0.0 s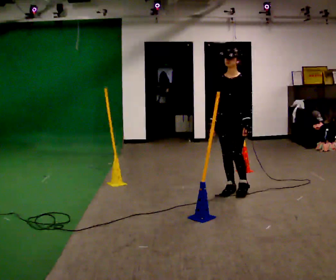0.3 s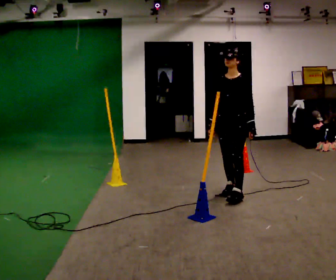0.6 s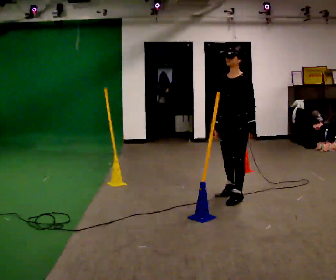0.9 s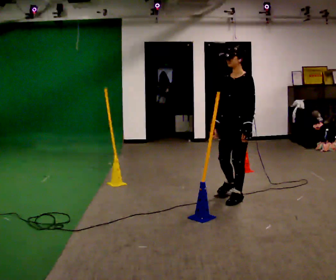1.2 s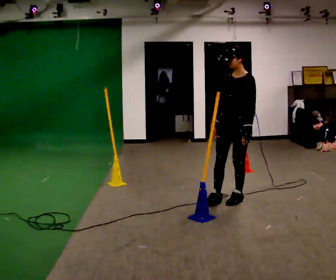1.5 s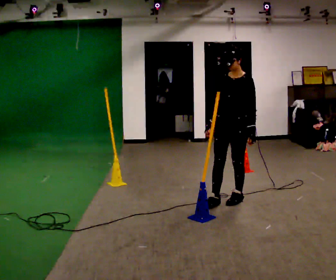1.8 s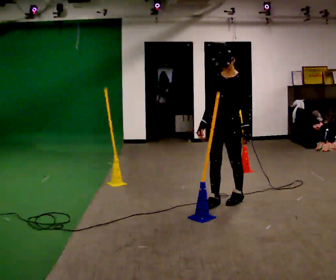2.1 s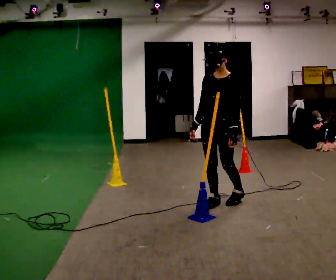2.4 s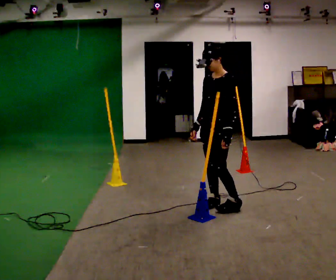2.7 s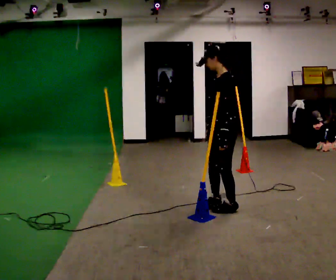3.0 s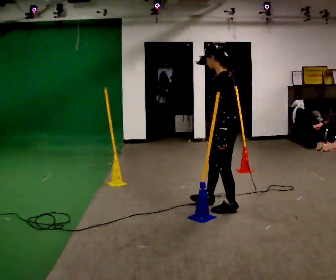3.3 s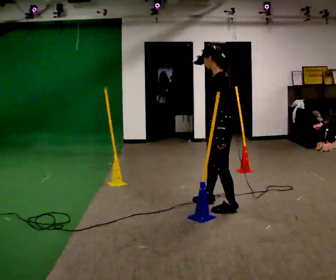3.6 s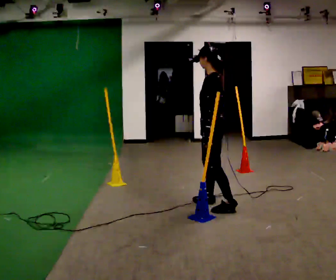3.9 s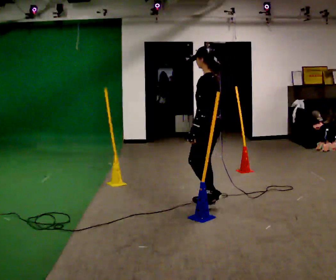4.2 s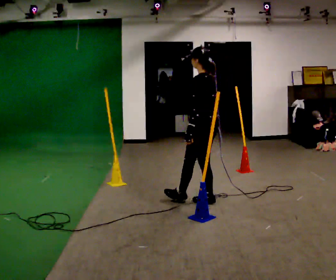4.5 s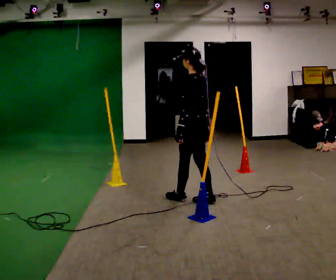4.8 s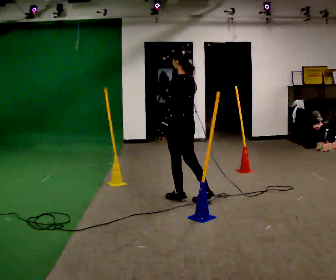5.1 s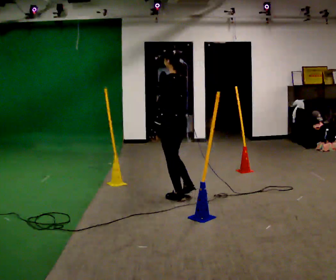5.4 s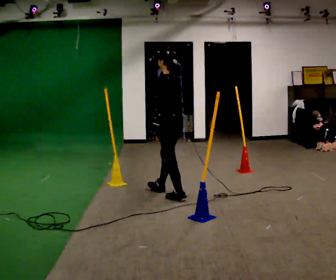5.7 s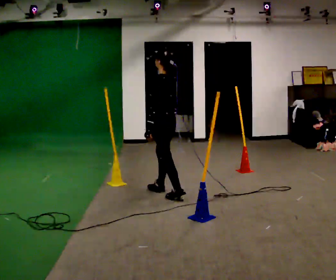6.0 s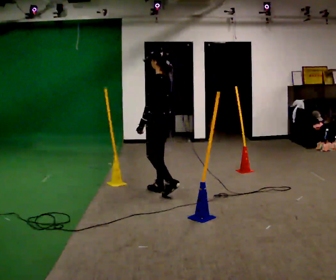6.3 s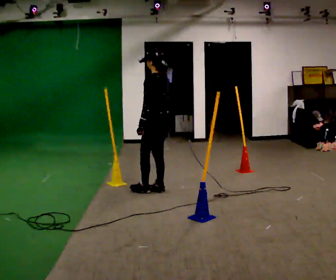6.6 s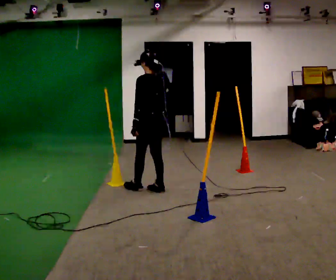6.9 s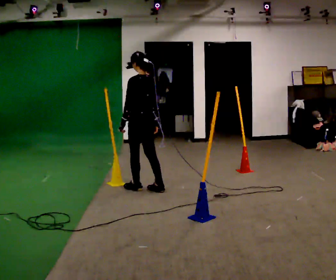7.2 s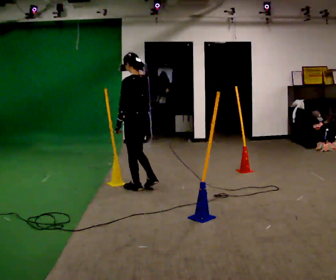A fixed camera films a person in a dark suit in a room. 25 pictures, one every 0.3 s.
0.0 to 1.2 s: In the picture they go toward the camera, about 0.25 m in 1 step, which for them is forward and to their left.
1.2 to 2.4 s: In the picture they go toward the camera and to the left, about 0.25 m in 1 step, which for them is forward.
2.4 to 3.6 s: The part of the body nearest the lens slides to the left as the person turns to their right by about 45 degrees.
3.6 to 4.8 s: The part of the body nearest the lens slides to the left as the person turns to their right by about 30 degrees. In the picture they go to the left and away from the camera, about 0.5 m in 1 step, which for them is forward.
4.8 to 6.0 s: In the picture they go away from the camera and to the left, about 0.25 m in 1 step, which for them is forward.
6.0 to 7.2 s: In the picture they go to the left, about 0.25 m in 1 step, which for them is forward.
The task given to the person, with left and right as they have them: Walk across the room at a normal pace, looking ahead. Something may appear in your way. Deal with it however comes naturally and carry on.
The film runs forward here.
